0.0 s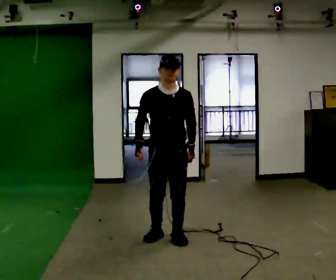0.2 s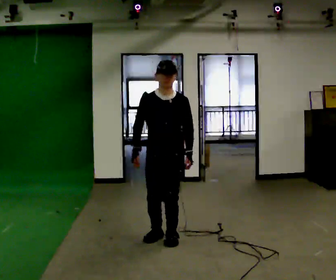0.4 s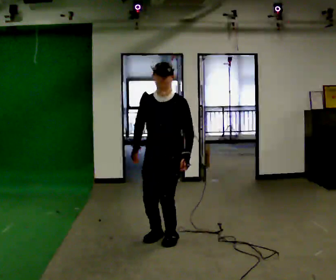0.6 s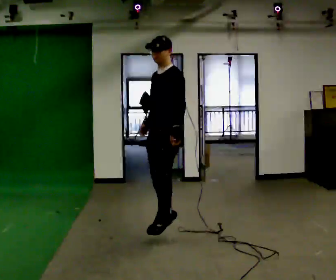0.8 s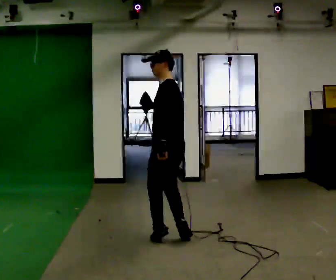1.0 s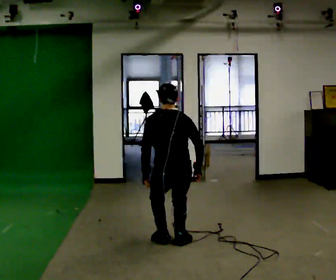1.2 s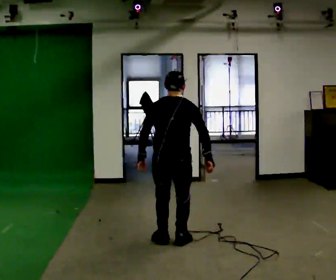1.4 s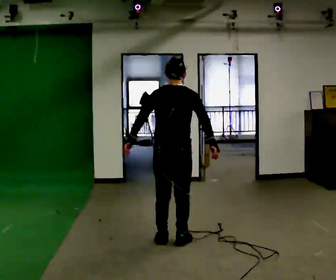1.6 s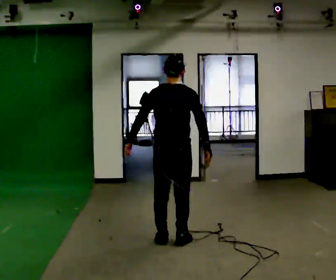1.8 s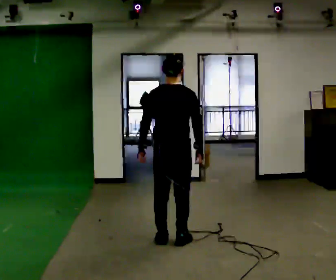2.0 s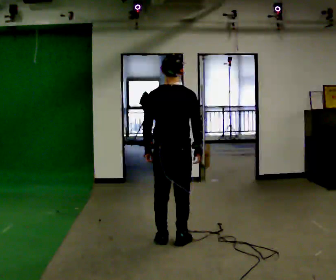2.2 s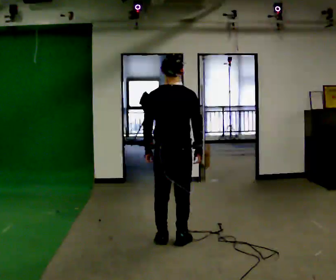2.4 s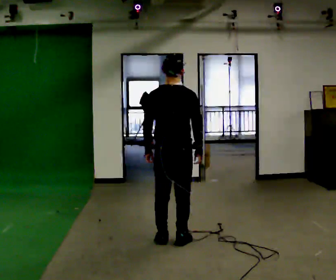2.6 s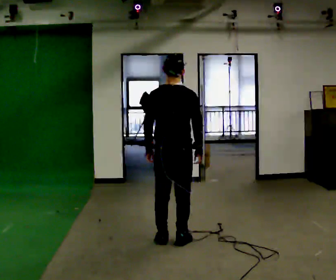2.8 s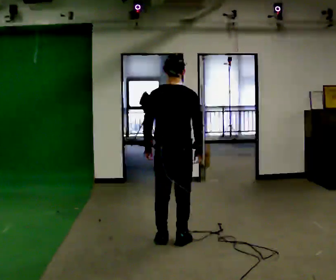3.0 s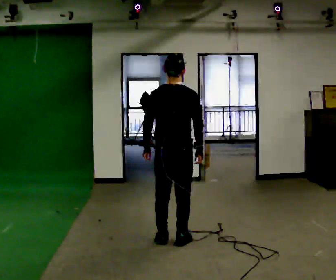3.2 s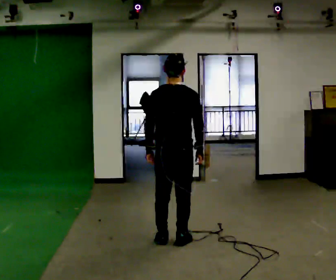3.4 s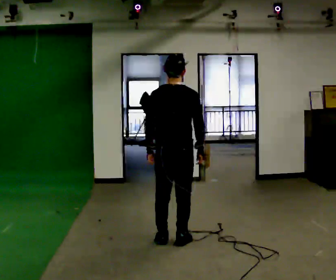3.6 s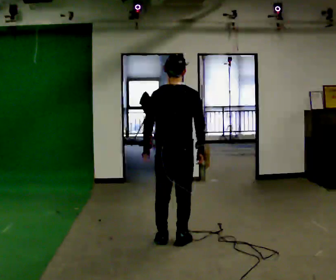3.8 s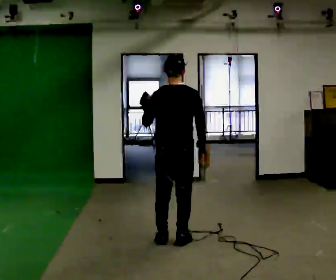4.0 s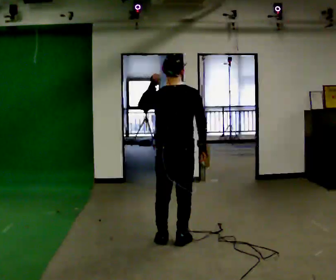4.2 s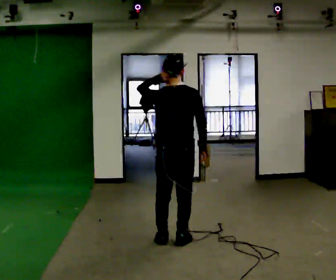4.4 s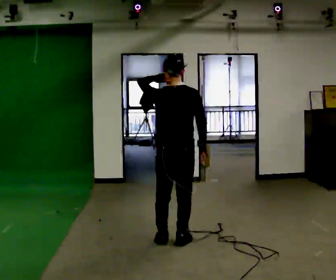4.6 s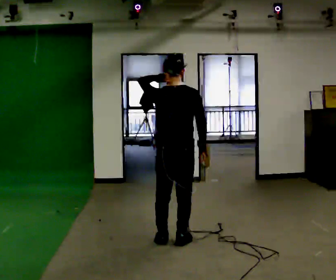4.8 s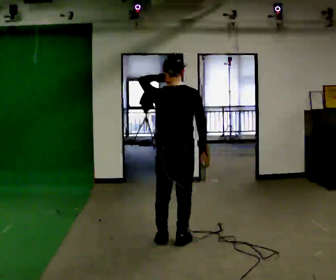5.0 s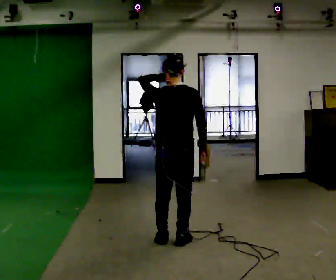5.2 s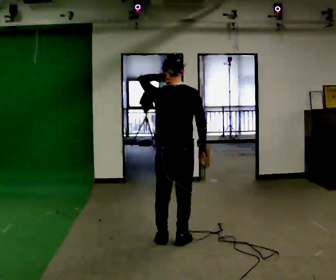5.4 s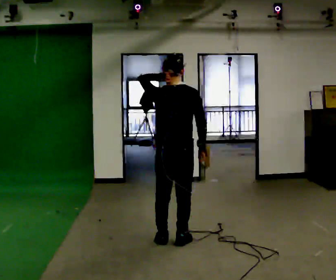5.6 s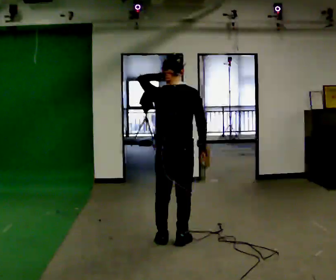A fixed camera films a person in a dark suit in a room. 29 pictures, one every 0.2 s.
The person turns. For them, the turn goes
to their right.
The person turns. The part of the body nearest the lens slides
to the left.
0.0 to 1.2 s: The person turns about 180 degrees to their right, clockwise seen from above, so the part of the body nearest the lens slides to the left. In the picture they go toward the camera, about 0.25 m in 1 step. The upper body tips away from the camera, its near side rolling upward. In the picture their right hand goes to the right, the arm swinging counterclockwise.
1.2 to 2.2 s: The upper body tips toward the camera, its near side rolling downward, as they lean back or straighten.
2.2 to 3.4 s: The person moves a little, or ends about where they began.
3.4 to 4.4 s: In the picture their left hand goes upward.
4.4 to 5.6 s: The person keeps their place and pose.
The film runs backward here.
